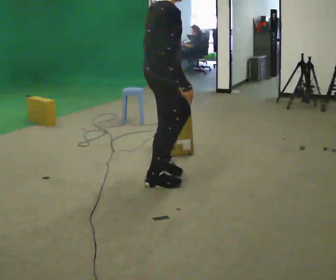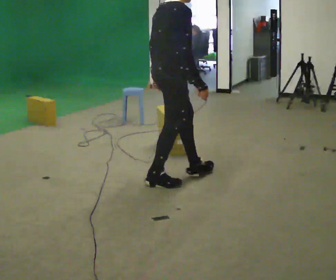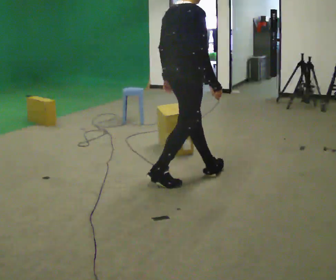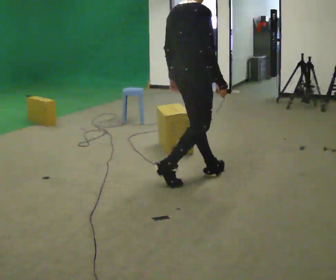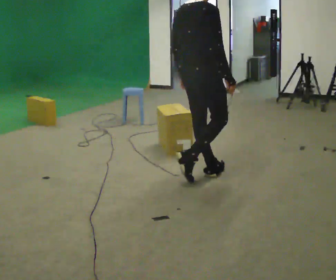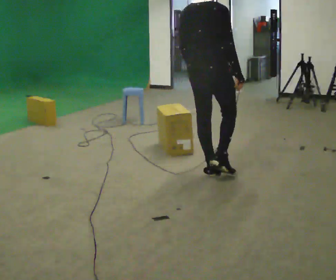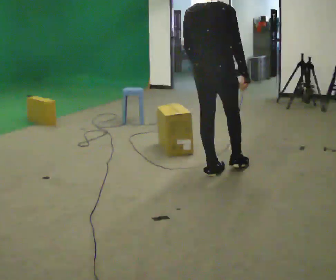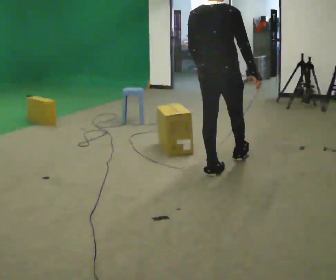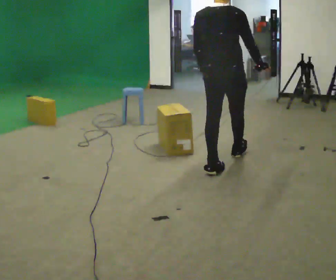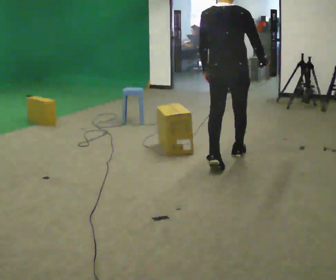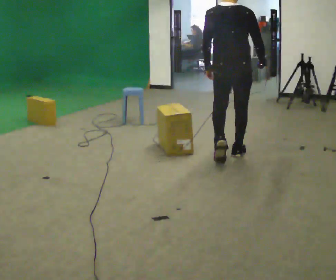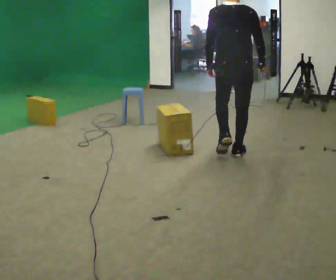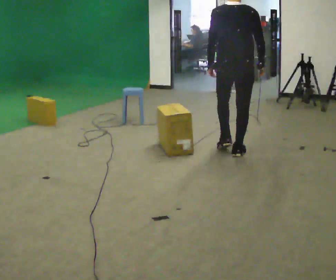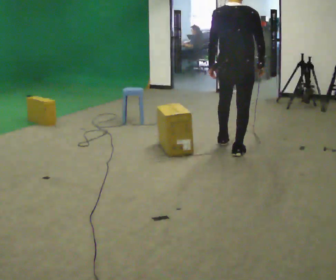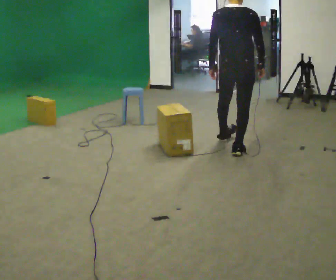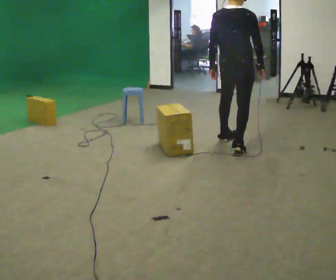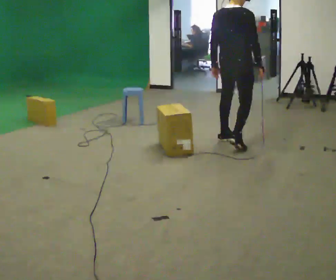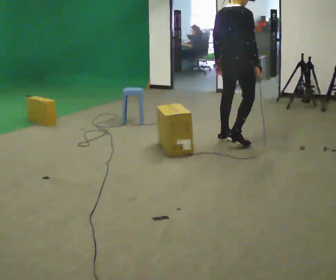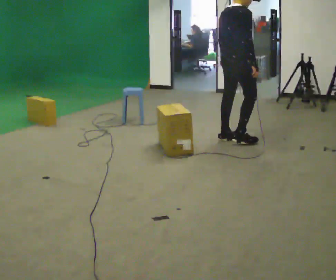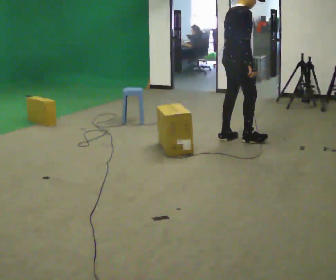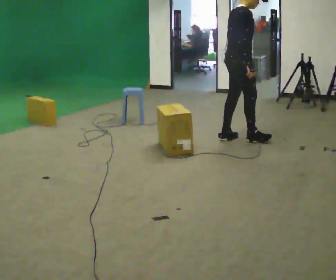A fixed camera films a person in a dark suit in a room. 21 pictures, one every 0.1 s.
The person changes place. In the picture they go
away from the camera.
0.0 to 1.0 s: The person turns about 60 degrees to their left, counterclockwise seen from above, so the part of the body nearest the lens slides to the right. In the picture they go away from the camera and to the right, about 1 m in 2 steps.
1.0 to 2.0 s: Seen from above the body turns clockwise, about 75 degrees: to their right, with its near side sliding to the left. In the picture they go away from the camera, about 0.5 m in 1 step.
The film runs forward here.
